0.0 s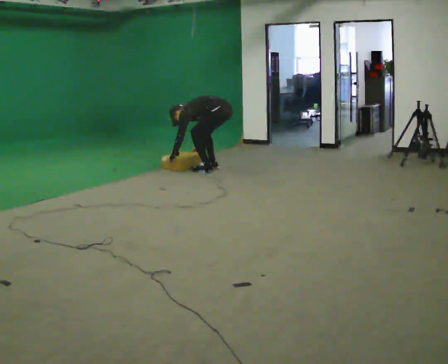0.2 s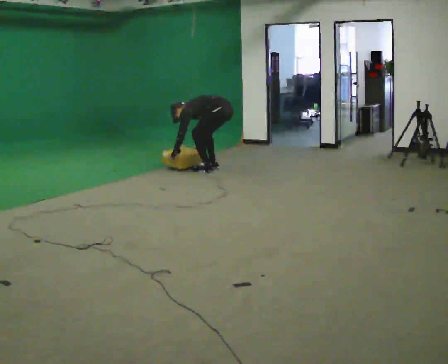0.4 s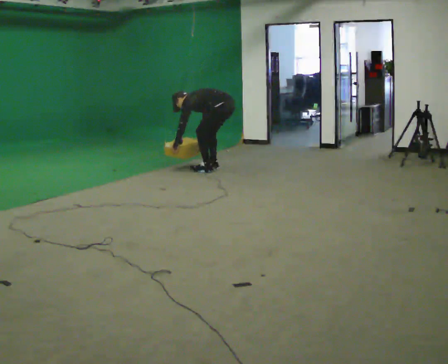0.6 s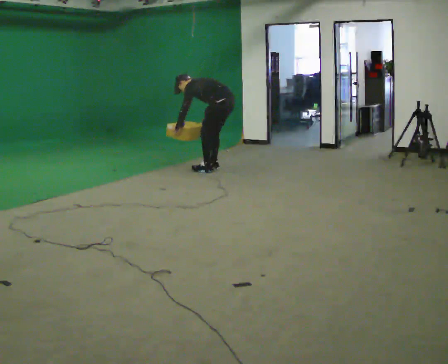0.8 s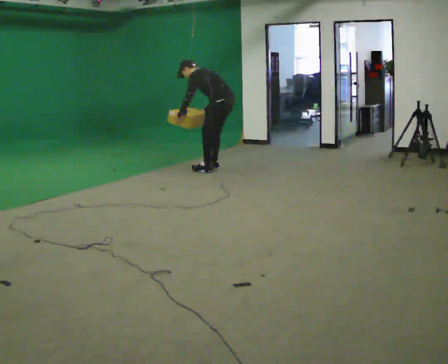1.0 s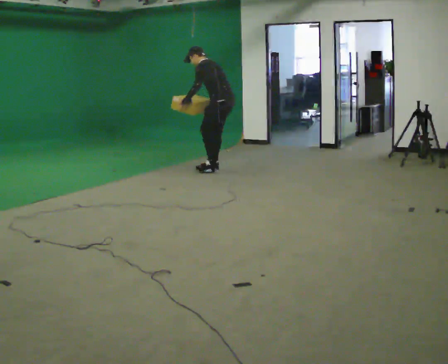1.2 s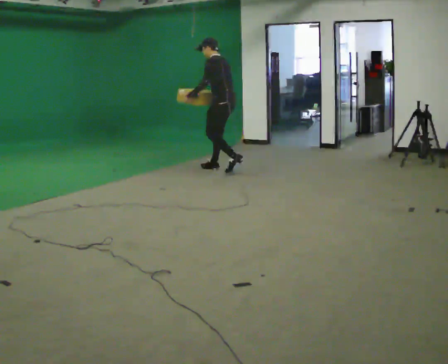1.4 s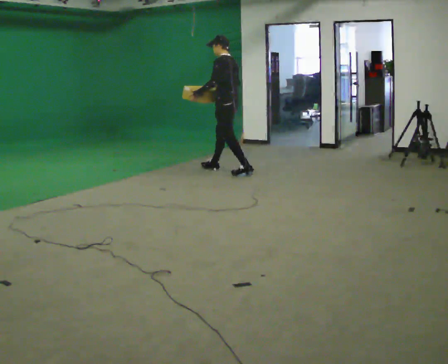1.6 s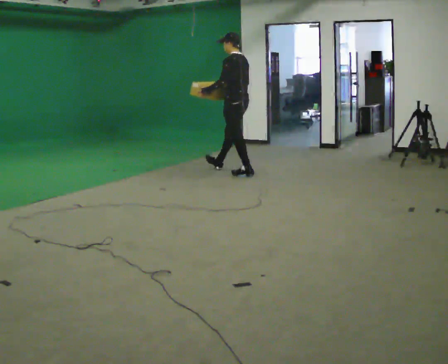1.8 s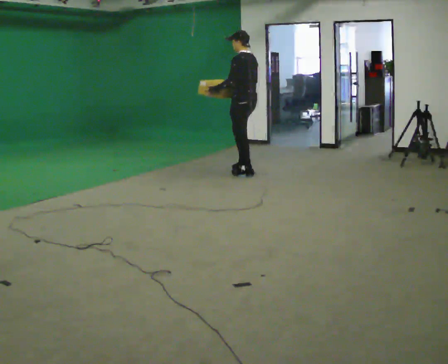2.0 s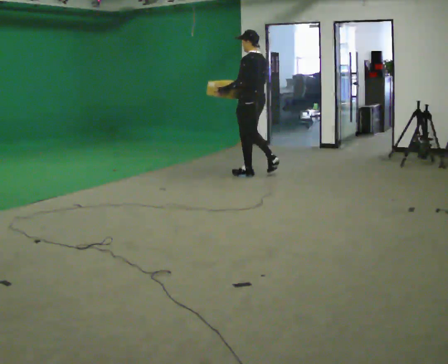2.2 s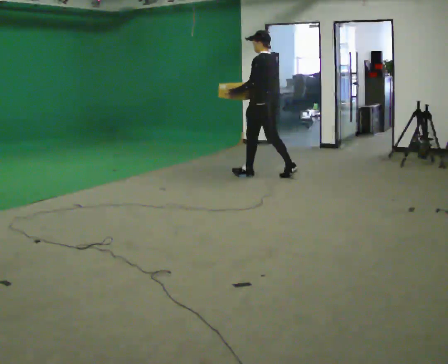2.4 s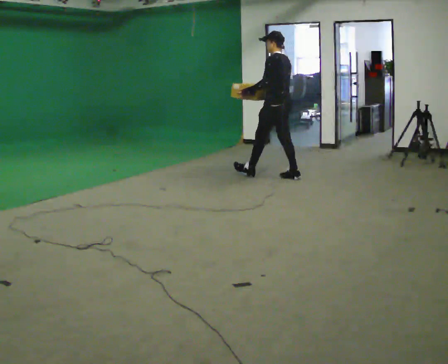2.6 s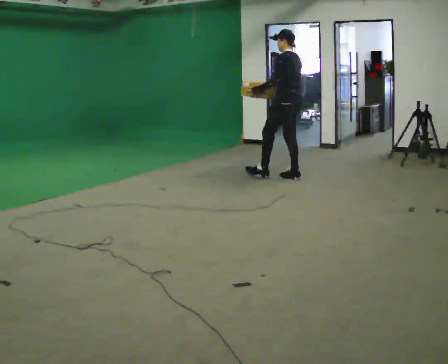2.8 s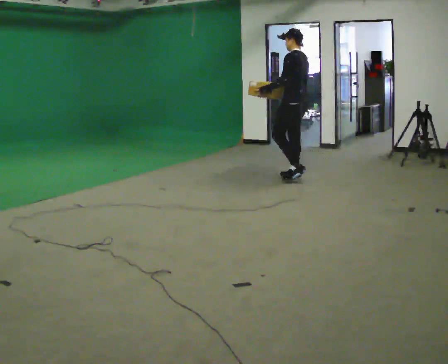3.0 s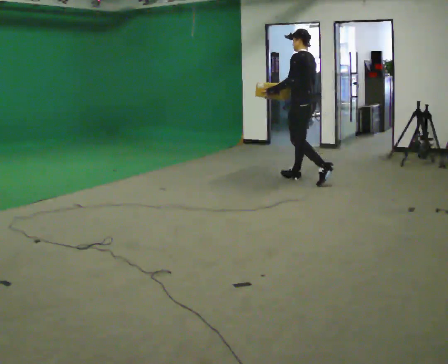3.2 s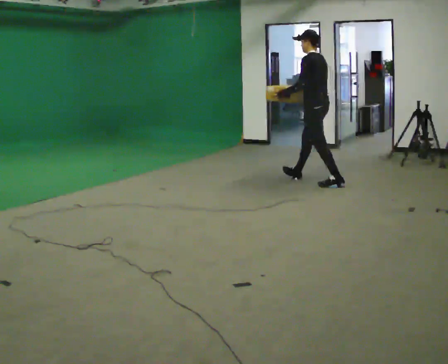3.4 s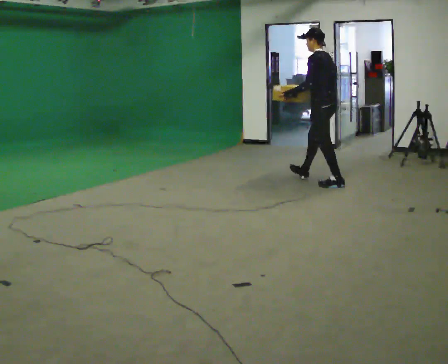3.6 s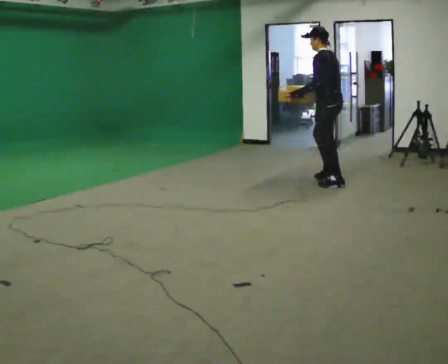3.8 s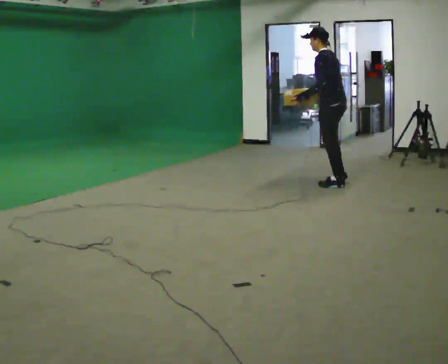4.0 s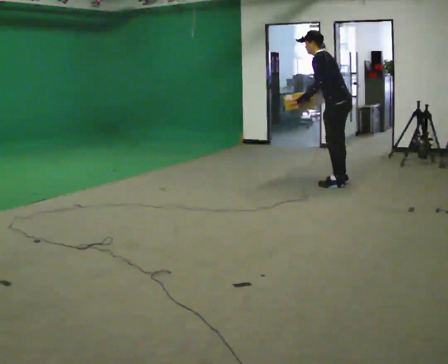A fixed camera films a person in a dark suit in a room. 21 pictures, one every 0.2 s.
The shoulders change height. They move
upward.
The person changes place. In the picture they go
to the right.
0.0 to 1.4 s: The upper body goes upward. In the picture the upper body tilts clockwise, shoulders to the right, as they lean back or straighten. In the picture their left hand goes upward and to the right.
1.4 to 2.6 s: In the picture they go to the right and toward the camera, about 1 m in 2 steps, which for them is backward.
2.6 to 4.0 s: In the picture they go to the right and toward the camera, about 0.75 m in 1 step, which for them is backward. In the picture the upper body tilts counterclockwise, shoulders to the left, as they bend forward.
The film runs backward here.
